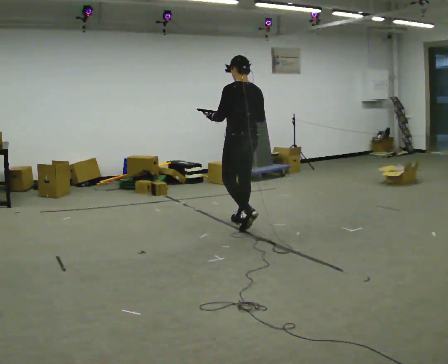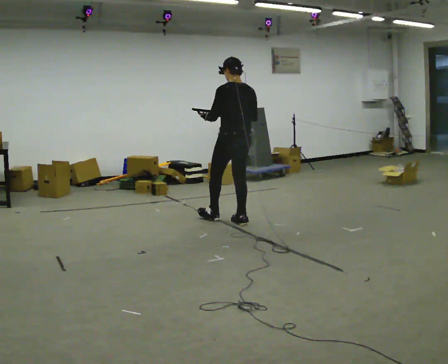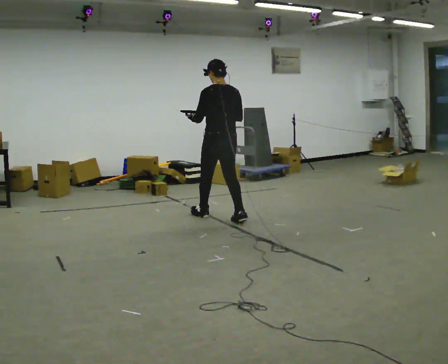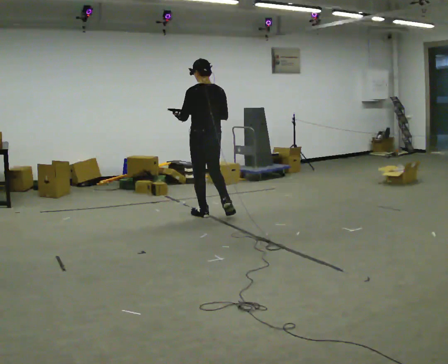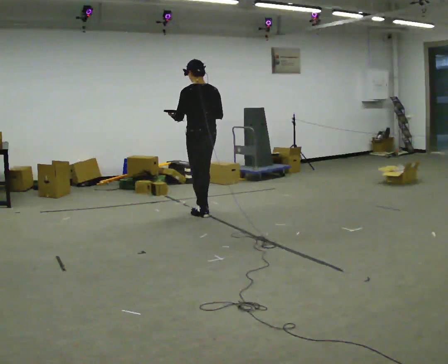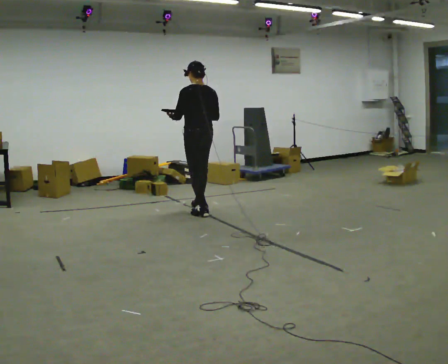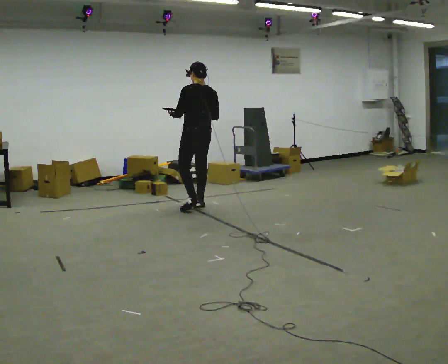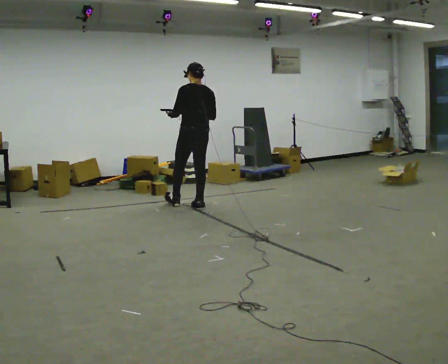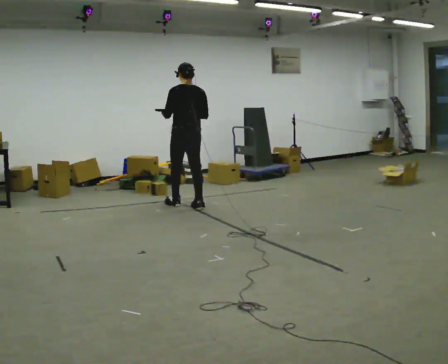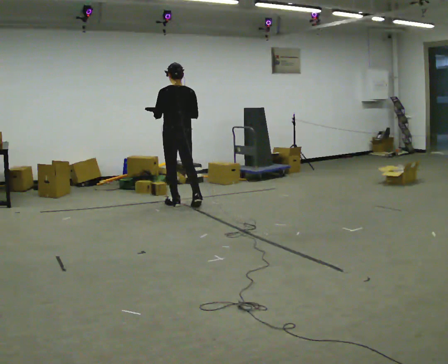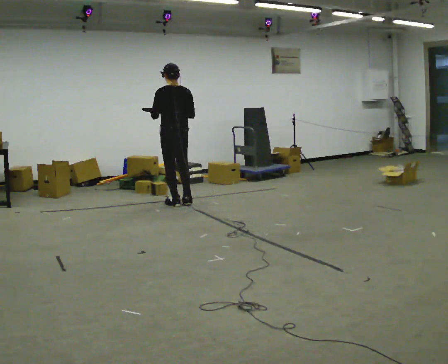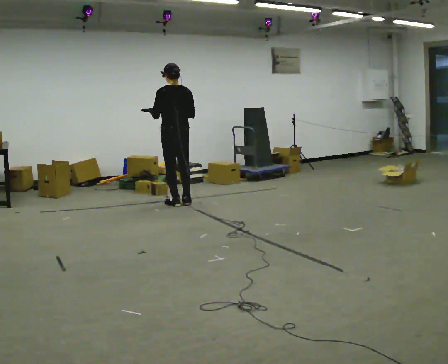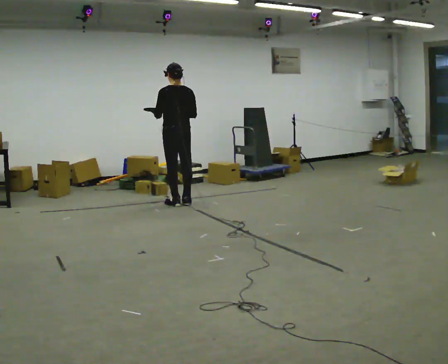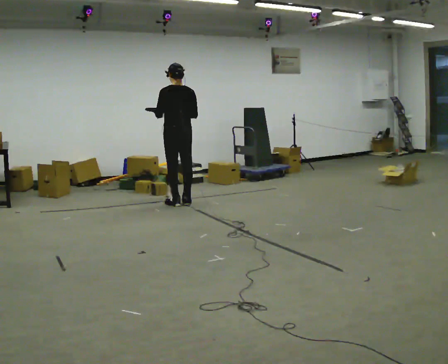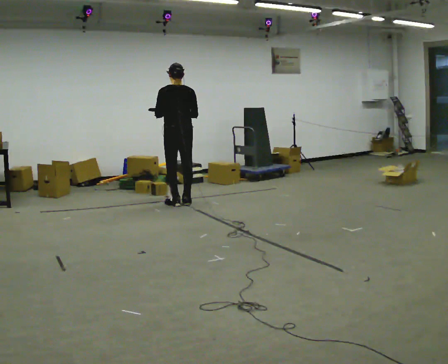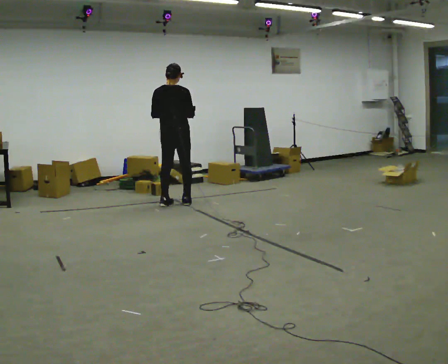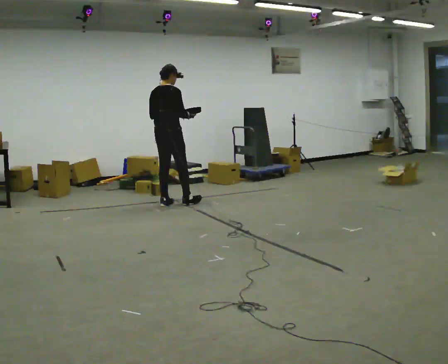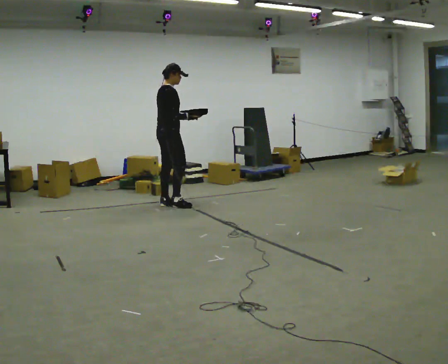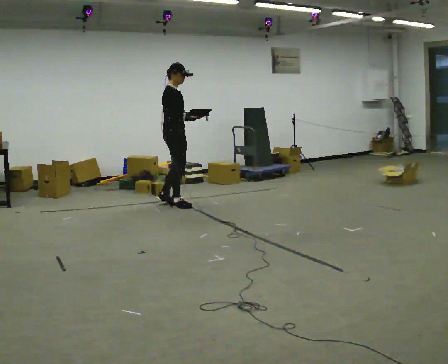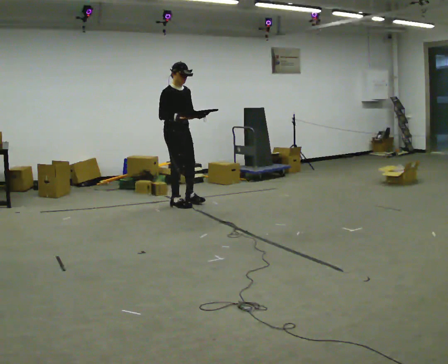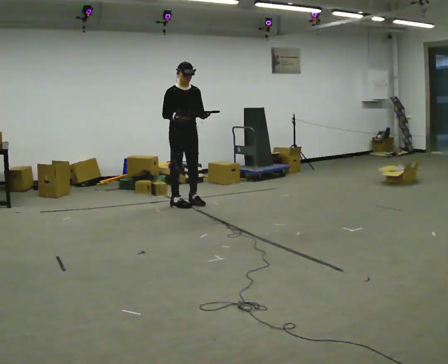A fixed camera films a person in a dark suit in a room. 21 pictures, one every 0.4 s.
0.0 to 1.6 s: In the picture they go away from the camera and to the left, about 0.75 m in 1 step, which for them is forward.
1.6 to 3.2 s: In the picture they go away from the camera and to the left, about 0.5 m in 2 steps, which for them is forward.
3.2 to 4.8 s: The person moves a little, or ends about where they began.
4.8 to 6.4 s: The person turns about 60 degrees to their right, clockwise seen from above, so the part of the body nearest the lens slides to the left.
6.4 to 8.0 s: Seen from above the body turns clockwise, about 105 degrees: to their right, with its near side sliding to the left. In the picture they go to the right, about 0.25 m in 2 steps. In the picture their left hand goes to the right.
The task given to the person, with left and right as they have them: Carry the object across the room. The lid hangs loose and will swing, so carry it however works. Keep going until the operator says stop; one object at a time, and do not rush between trips.
The film runs forward here.
